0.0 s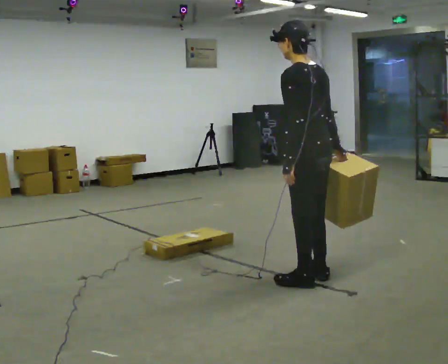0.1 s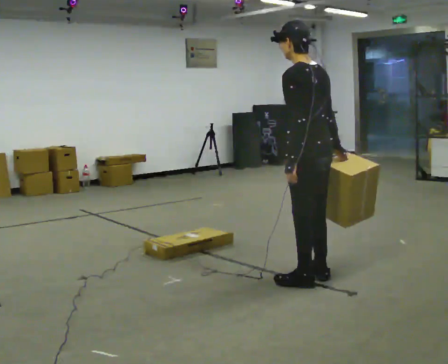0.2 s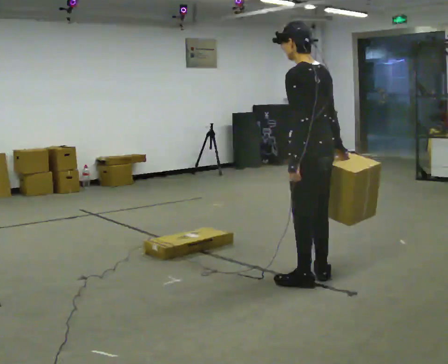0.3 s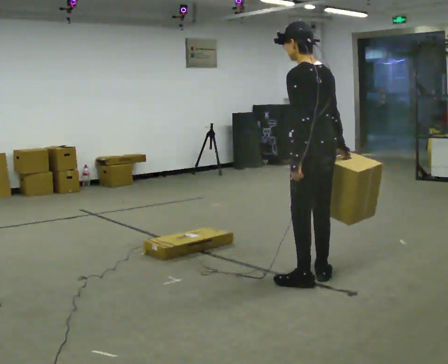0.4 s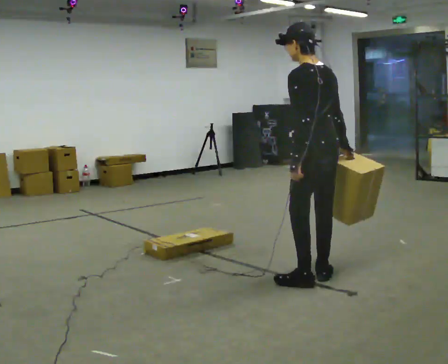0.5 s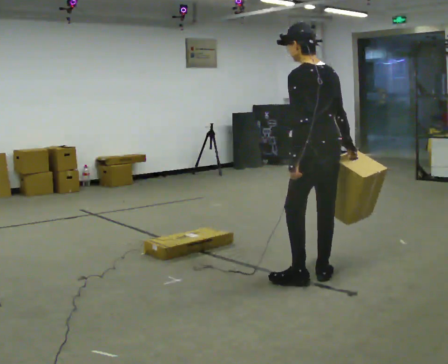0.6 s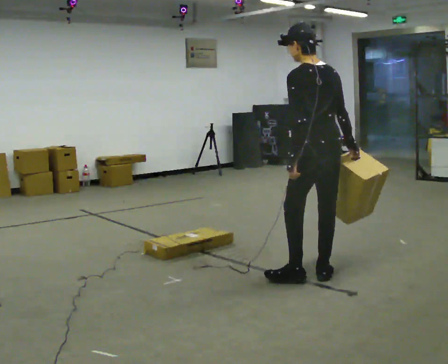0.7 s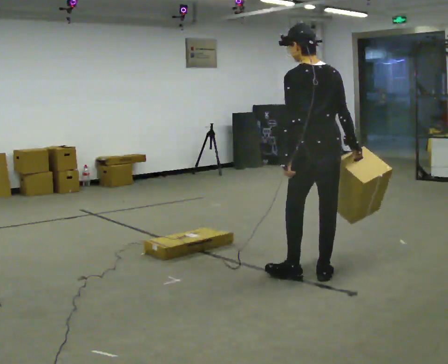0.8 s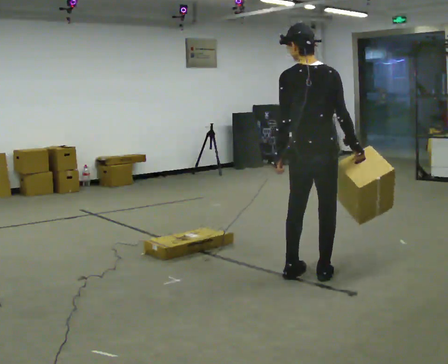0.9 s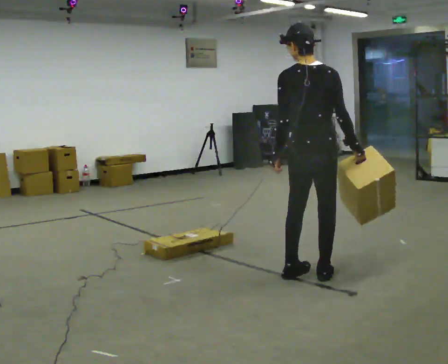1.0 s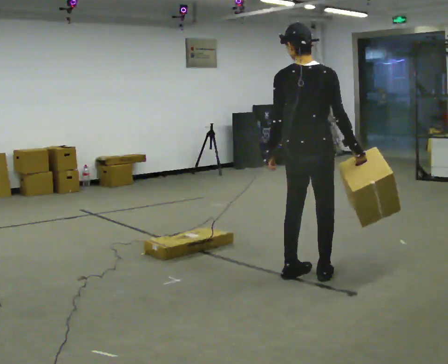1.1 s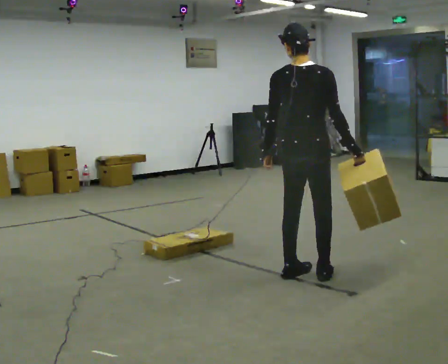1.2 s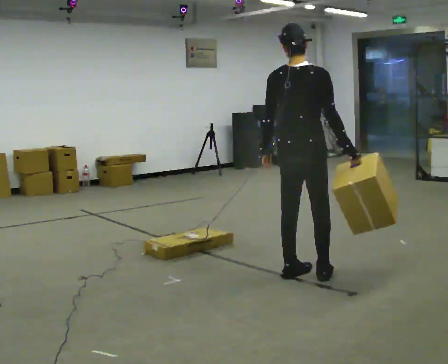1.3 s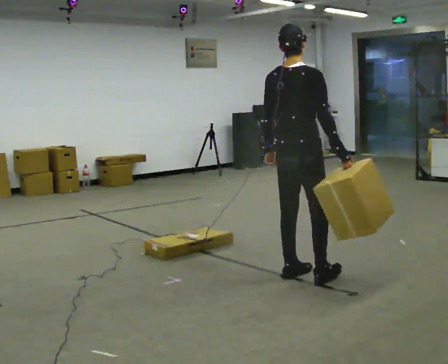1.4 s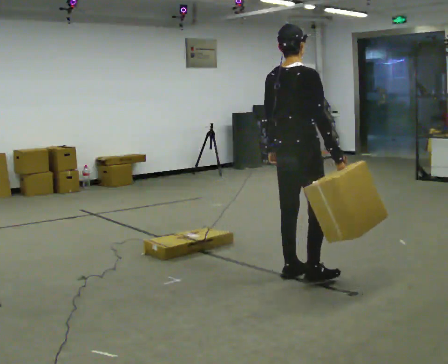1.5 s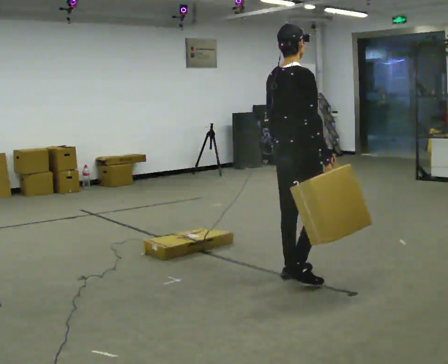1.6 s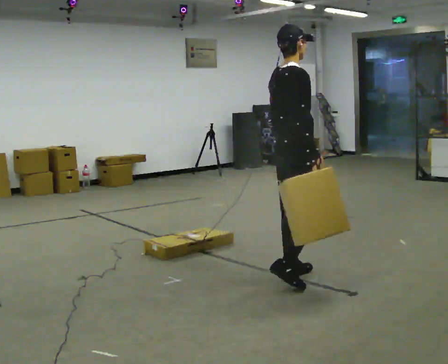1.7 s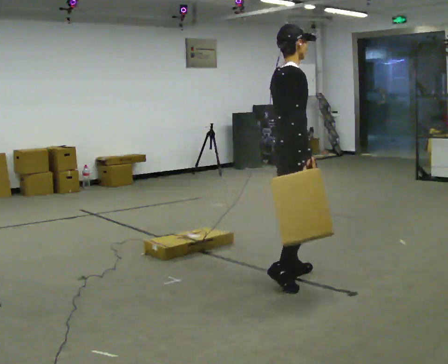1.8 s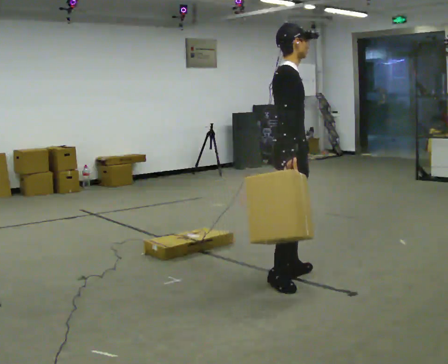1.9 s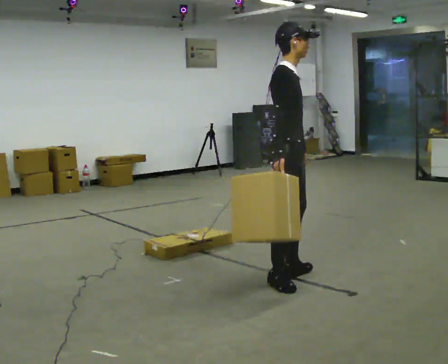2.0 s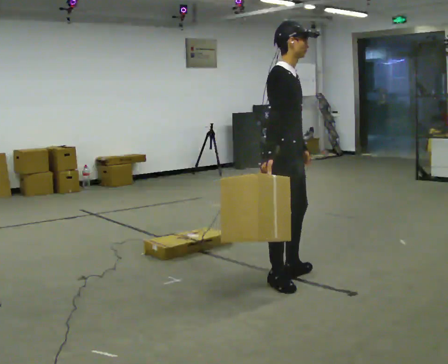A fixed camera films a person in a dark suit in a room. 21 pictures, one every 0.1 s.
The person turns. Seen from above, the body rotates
clockwise.
The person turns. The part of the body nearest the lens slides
to the left.
0.0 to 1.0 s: The person turns about 45 degrees to their right, clockwise seen from above, so the part of the body nearest the lens slides to the left.
1.0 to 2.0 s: The person turns about 105 degrees to their right, clockwise seen from above, so the part of the body nearest the lens slides to the left. In the picture they go to the left, about 0.25 m in 1 step. In the picture their right hand goes to the left.
The film runs backward here.
